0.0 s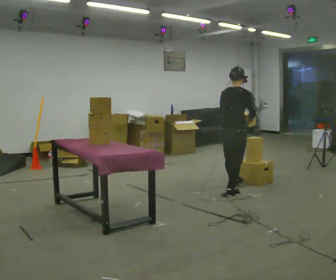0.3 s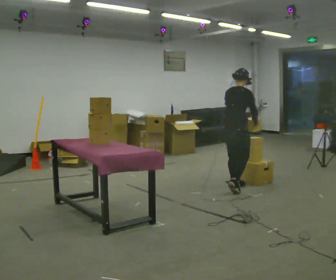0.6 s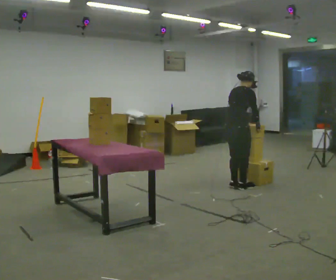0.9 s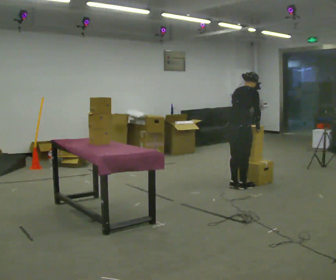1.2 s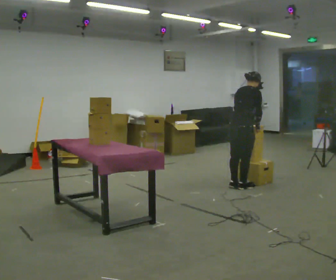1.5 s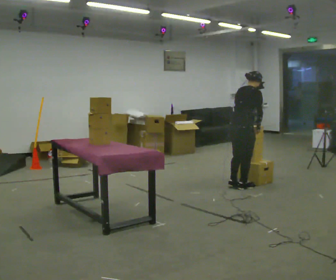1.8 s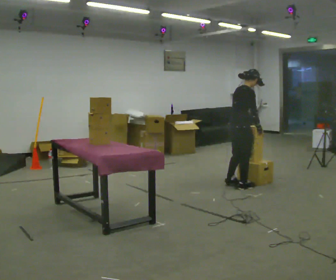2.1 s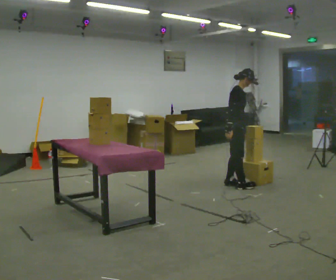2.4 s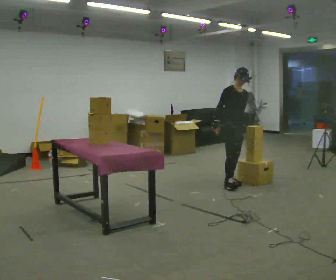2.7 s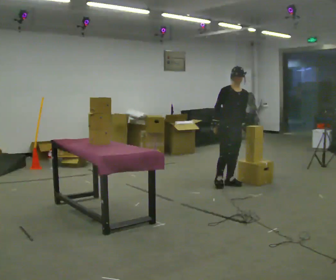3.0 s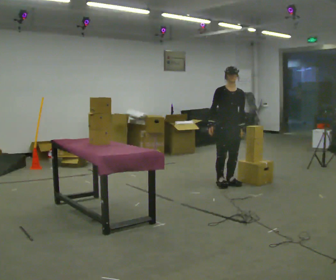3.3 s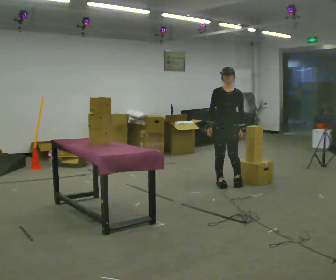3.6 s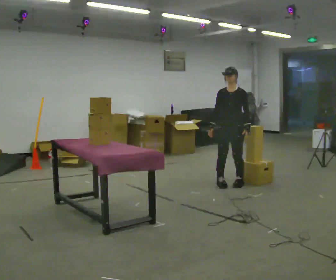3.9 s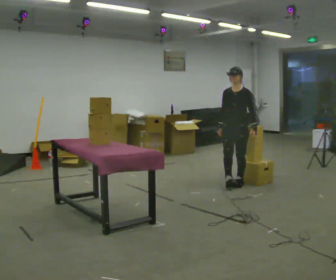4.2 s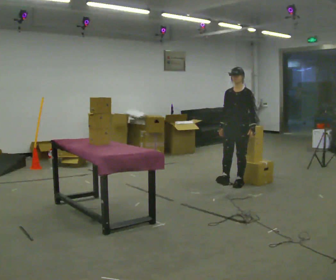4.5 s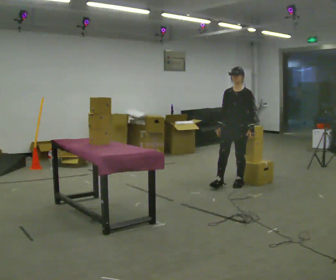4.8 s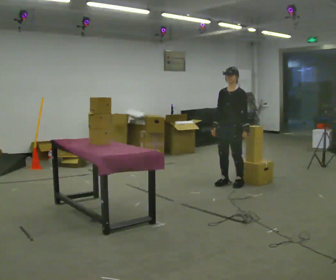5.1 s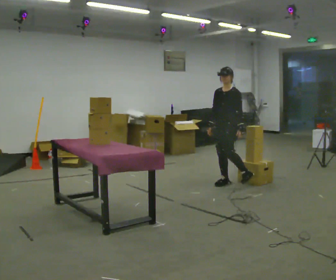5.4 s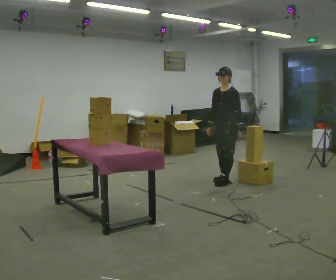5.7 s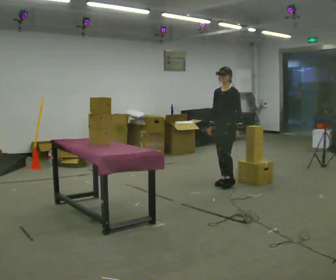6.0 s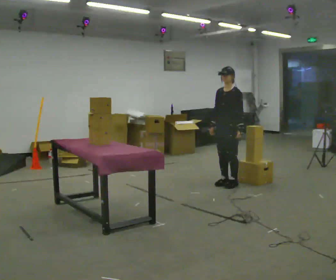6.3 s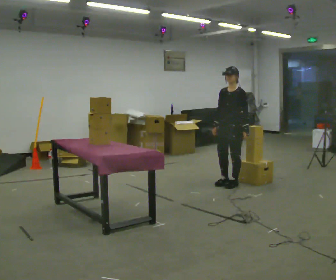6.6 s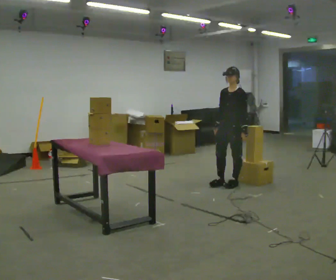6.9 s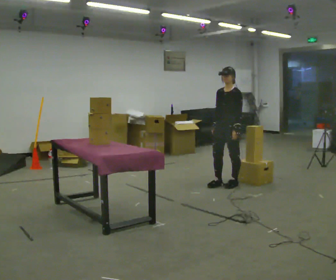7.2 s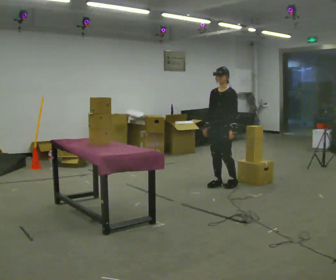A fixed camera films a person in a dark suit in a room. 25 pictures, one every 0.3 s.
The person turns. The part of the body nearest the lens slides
to the left.
The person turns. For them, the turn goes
to their right.
0.0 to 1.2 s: In the picture they go away from the camera, about 0.25 m in 1 step, which for them is forward.
1.2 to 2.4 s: The person turns about 90 degrees to their right, clockwise seen from above, so the part of the body nearest the lens slides to the left. In the picture they go away from the camera, about 0.25 m in 1 step. In the picture their right hand goes to the left, the arm swinging clockwise.
2.4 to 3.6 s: Seen from above the body turns clockwise, about 60 degrees: to their right, with its near side sliding to the left.
3.6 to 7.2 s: The person moves a little, or ends about where they began.
The film runs forward here.
